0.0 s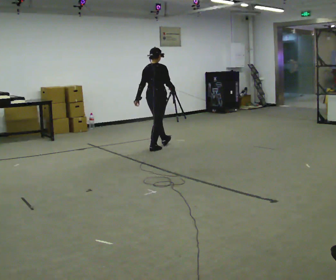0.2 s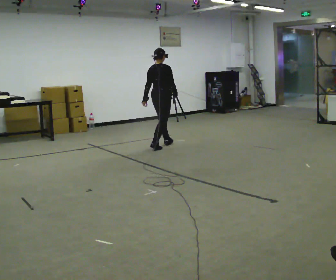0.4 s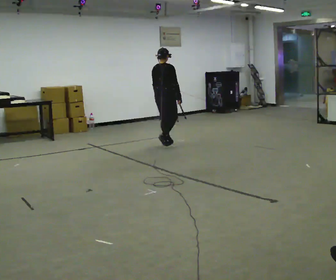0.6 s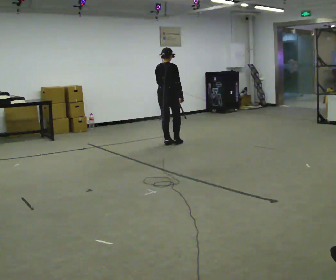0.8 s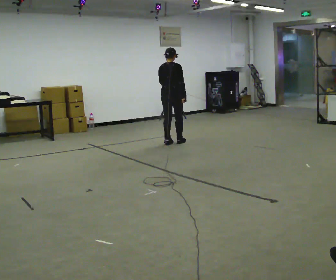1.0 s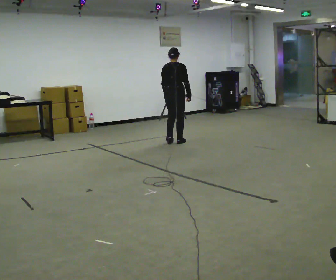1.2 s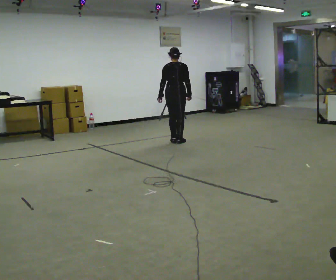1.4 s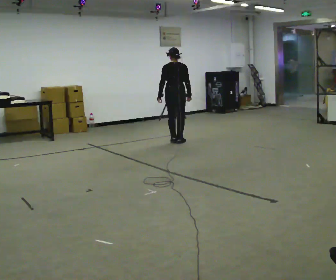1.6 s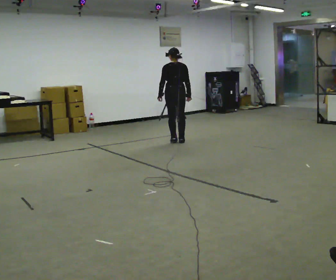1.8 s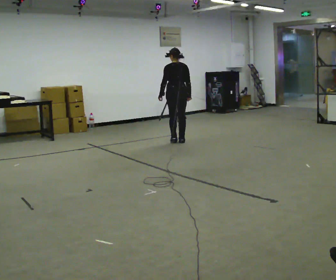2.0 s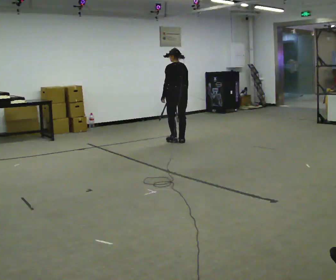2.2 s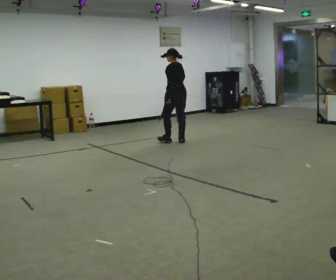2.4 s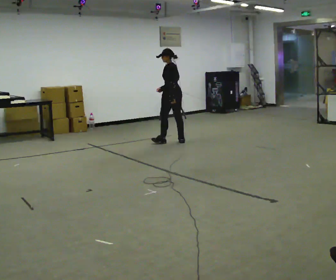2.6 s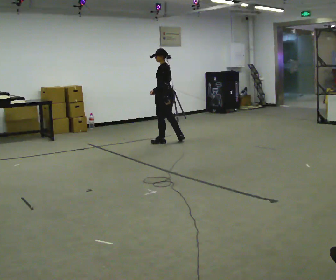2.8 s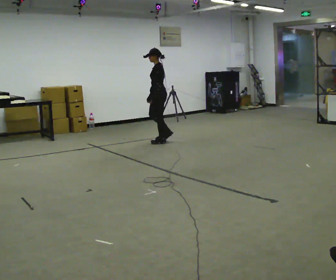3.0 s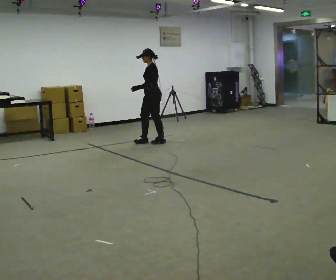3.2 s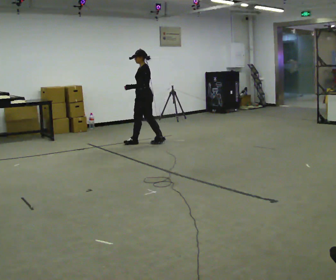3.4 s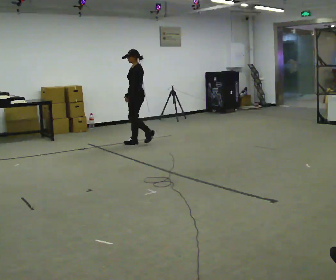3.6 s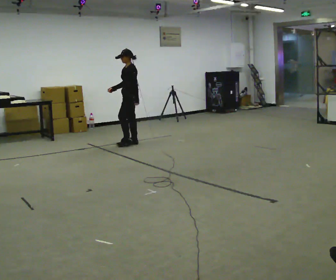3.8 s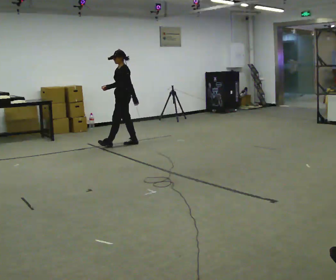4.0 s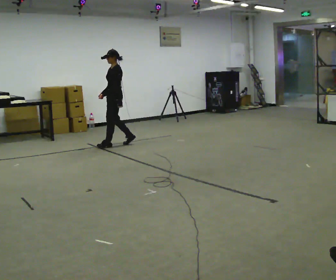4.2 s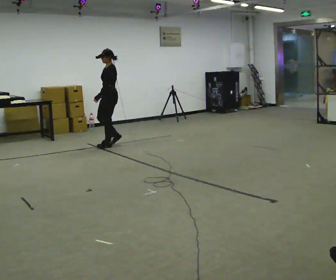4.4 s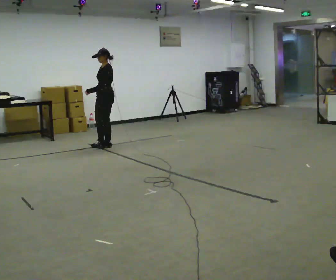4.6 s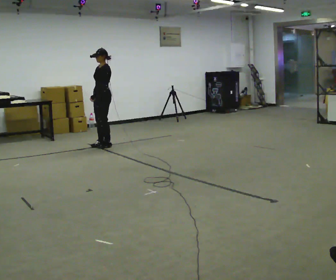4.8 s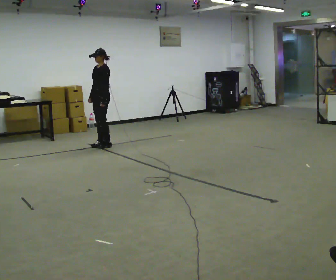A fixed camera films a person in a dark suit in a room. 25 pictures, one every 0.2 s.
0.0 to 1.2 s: In the picture they go away from the camera and to the right, about 0.5 m in 3 steps, which for them is forward.
1.2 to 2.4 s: The part of the body nearest the lens slides to the right as the person turns to their left by about 75 degrees. In the picture their right hand goes to the left, the arm swinging clockwise.
2.4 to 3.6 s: The part of the body nearest the lens slides to the right as the person turns to their left by about 45 degrees. In the picture they go to the left, about 0.75 m in 1 step, which for them is forward.
3.6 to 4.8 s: In the picture they go to the left and toward the camera, about 0.5 m in 2 steps, which for them is forward.
The film runs forward here.
